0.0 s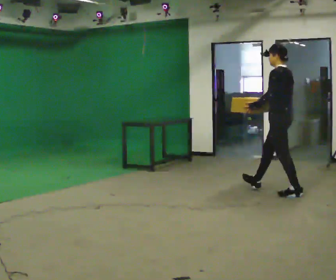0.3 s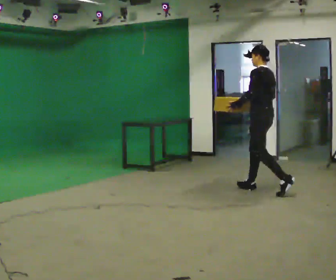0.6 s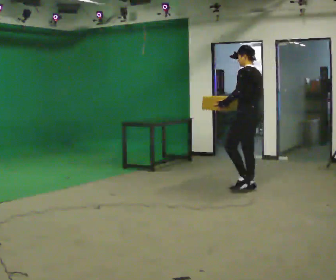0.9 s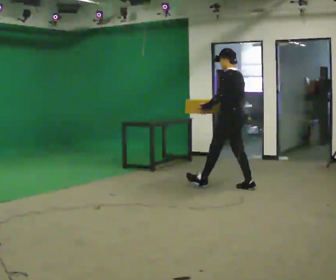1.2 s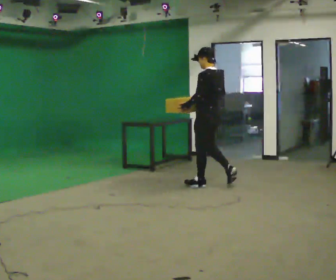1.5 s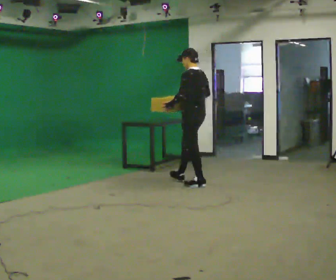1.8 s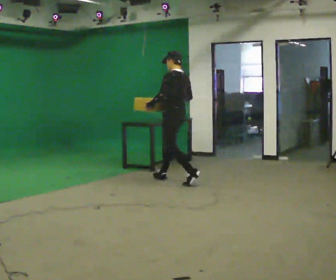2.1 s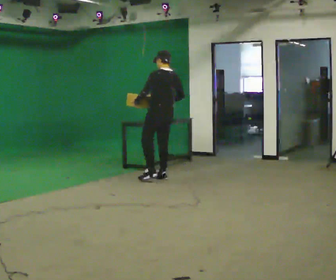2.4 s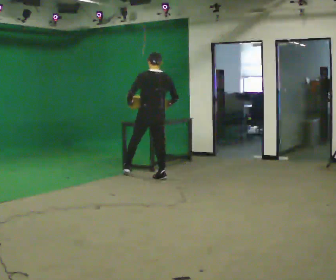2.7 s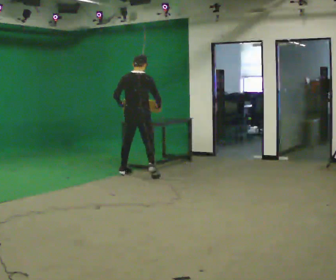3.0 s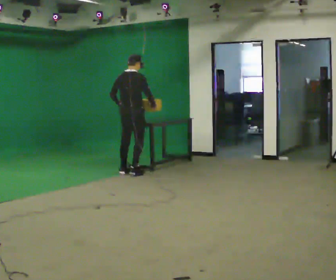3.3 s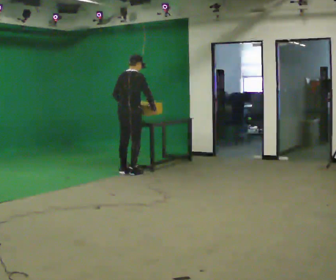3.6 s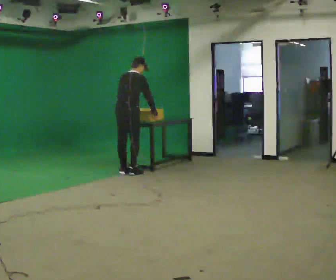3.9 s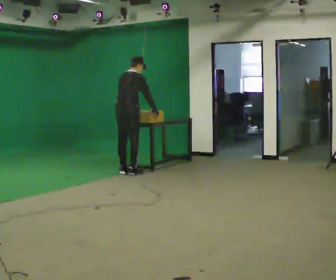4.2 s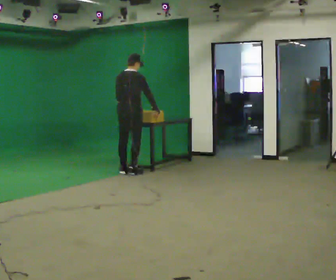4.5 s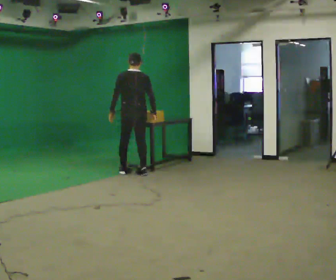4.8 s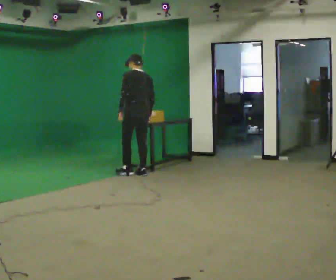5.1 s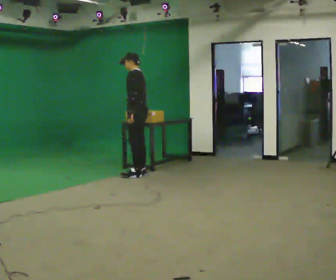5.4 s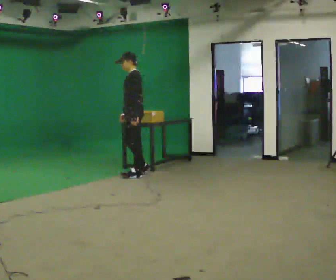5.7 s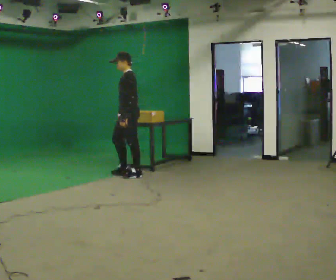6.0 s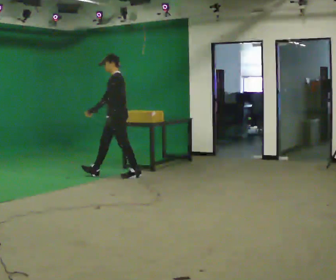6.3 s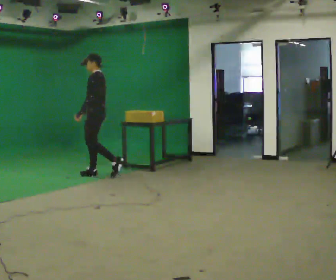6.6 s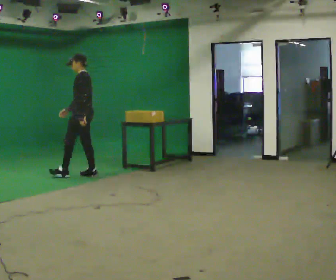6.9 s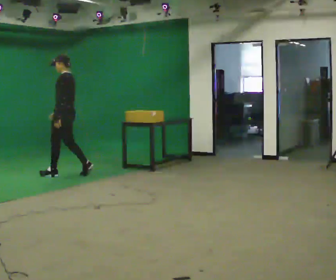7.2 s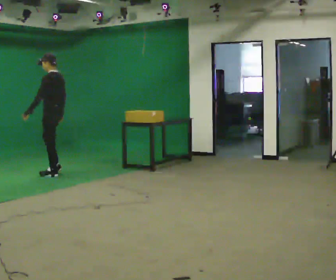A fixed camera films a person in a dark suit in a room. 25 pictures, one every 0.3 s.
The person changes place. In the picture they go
to the left.
0.0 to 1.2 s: In the picture they go to the left and away from the camera, about 1 m in 2 steps, which for them is forward.
1.2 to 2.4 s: Seen from above the body turns clockwise, about 45 degrees: to their right, with its near side sliding to the left. In the picture they go to the left and away from the camera, about 1 m in 1 step, which for them is forward.
2.4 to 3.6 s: The person turns about 45 degrees to their right, clockwise seen from above, so the part of the body nearest the lens slides to the left. In the picture they go to the left and away from the camera, about 0.5 m in 2 steps, which for them is to their left. The upper body tips away from the camera, its near side rolling upward, as they bend forward.
3.6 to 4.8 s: The person turns about 60 degrees to their left, counterclockwise seen from above, so the part of the body nearest the lens slides to the right. In the picture they go to the right, about 0.25 m in 1 step. In the picture the upper body tilts counterclockwise, shoulders to the left.
4.8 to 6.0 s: The person turns about 60 degrees to their left, counterclockwise seen from above, so the part of the body nearest the lens slides to the right. In the picture they go to the left, about 0.25 m in 1 step.
6.0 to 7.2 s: In the picture they go to the left, about 1 m in 2 steps, which for them is forward.
The film runs forward here.
